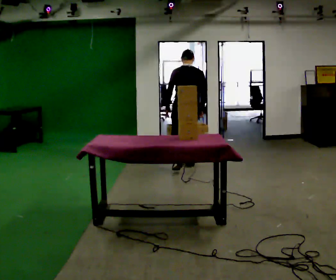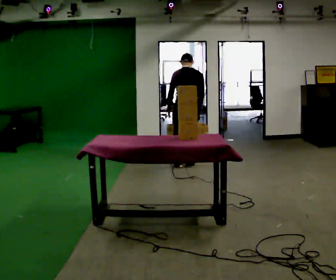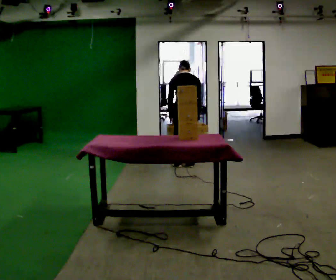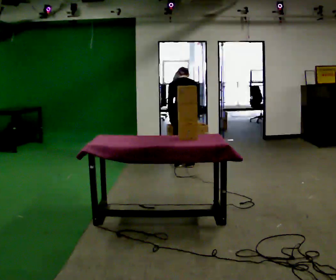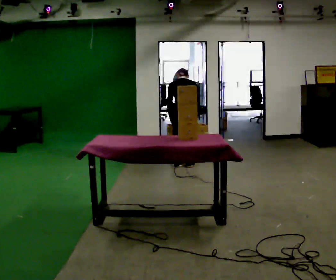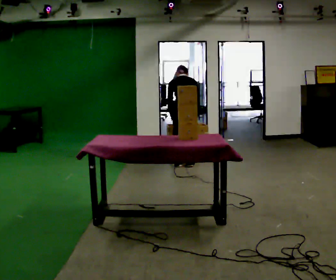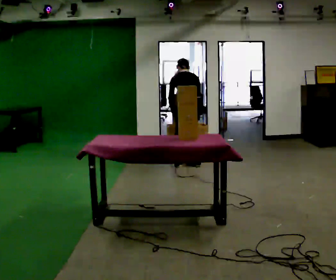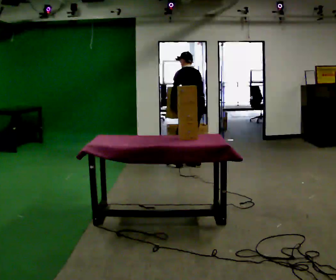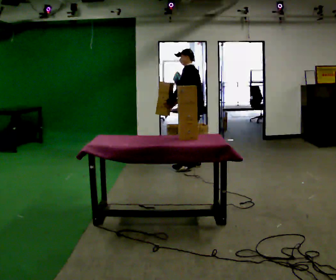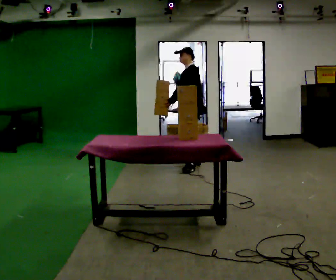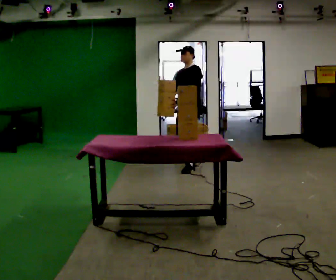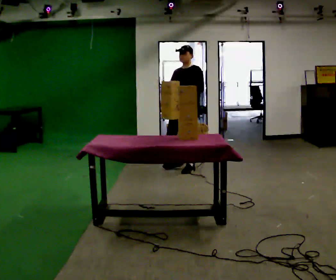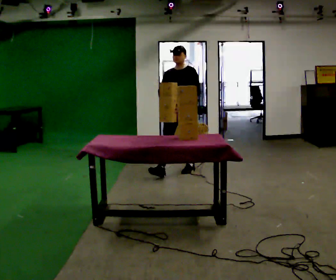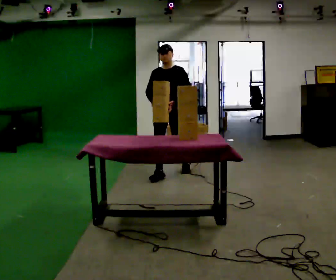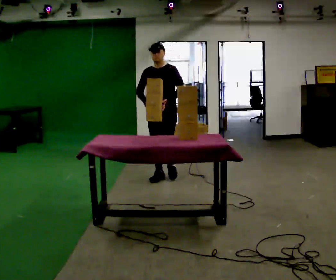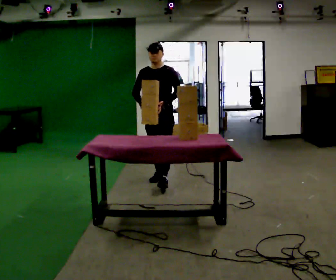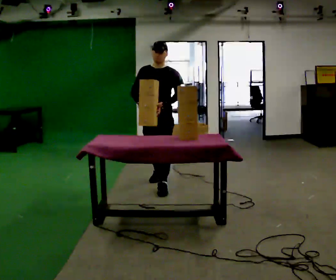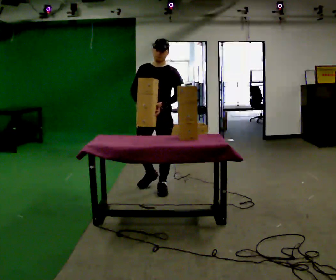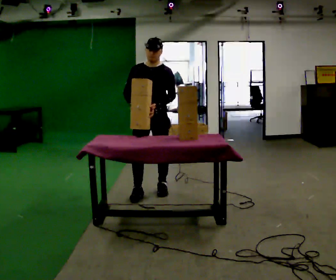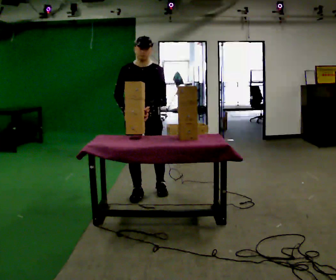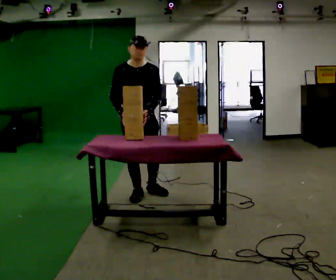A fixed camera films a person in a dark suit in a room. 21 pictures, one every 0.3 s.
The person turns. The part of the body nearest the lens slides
to the right.
The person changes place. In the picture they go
toward the camera.
0.0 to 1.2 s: The shoulders move downward. The upper body tips away from the camera, its near side rolling upward, as they bend forward.
1.2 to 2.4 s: Seen from above the body turns counterclockwise, about 75 degrees: to their left, with its near side sliding to the right. The shoulders move upward. The upper body tips toward the camera, its near side rolling downward, as they lean back or straighten.
2.4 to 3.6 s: Seen from above the body turns counterclockwise, about 75 degrees: to their left, with its near side sliding to the right. In the picture they go toward the camera and to the left, about 0.5 m.
3.6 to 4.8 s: In the picture they go toward the camera, about 0.5 m in 2 steps, which for them is forward.
4.8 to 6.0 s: Seen from above the body turns counterclockwise, about 30 degrees: to their left, with its near side sliding to the right. In the picture they go toward the camera and to the left, about 0.5 m in 2 steps, which for them is forward and to their right.
The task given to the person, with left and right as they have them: Clear everything off the table and put it away on the shelf, in as many trips as you need. Keep going until the operator says stop; one object at a time, and do not rush between trips.
The film runs forward here.
